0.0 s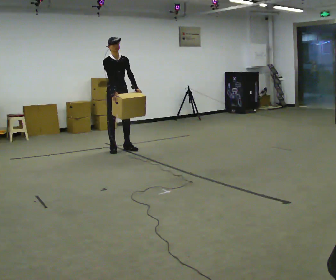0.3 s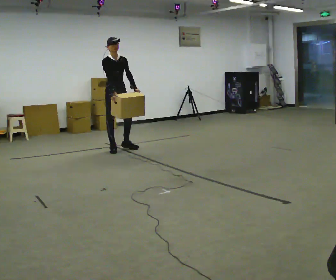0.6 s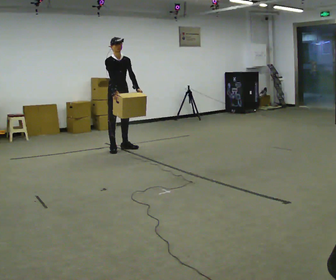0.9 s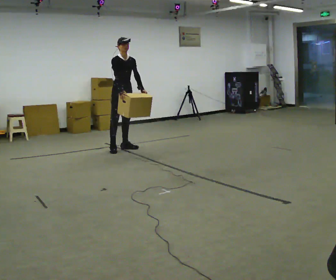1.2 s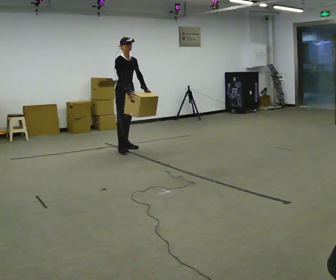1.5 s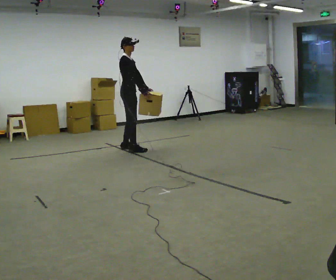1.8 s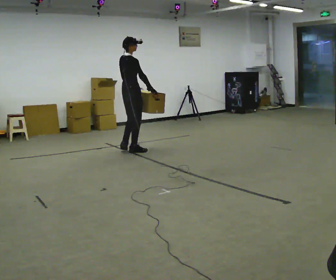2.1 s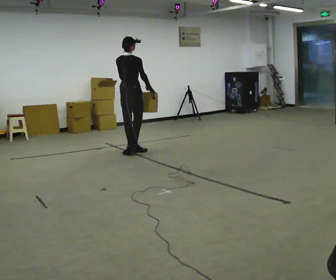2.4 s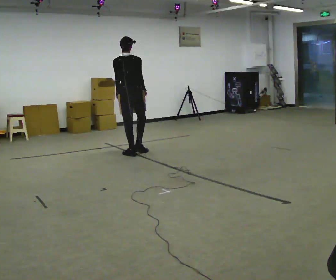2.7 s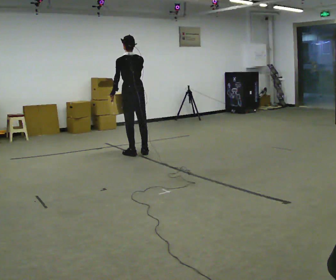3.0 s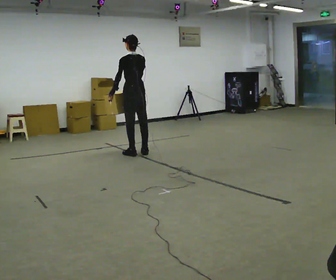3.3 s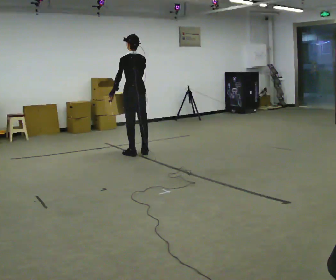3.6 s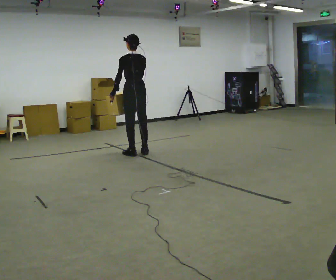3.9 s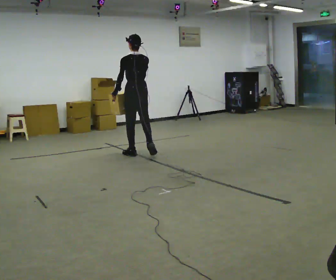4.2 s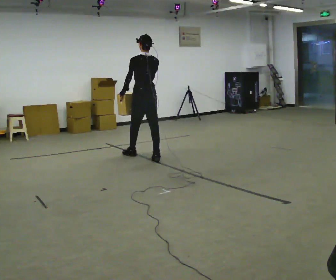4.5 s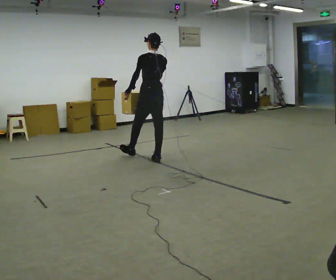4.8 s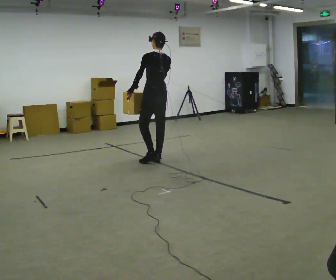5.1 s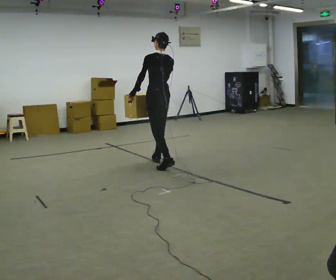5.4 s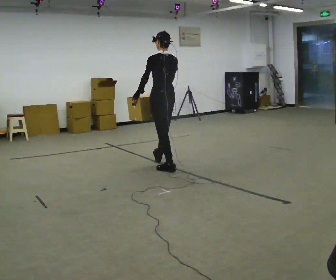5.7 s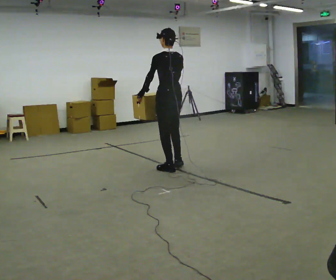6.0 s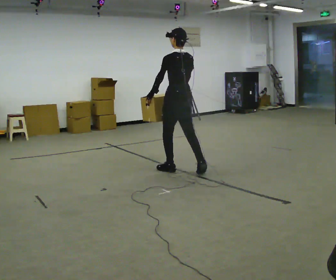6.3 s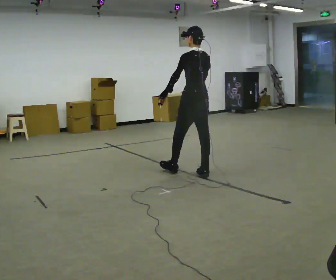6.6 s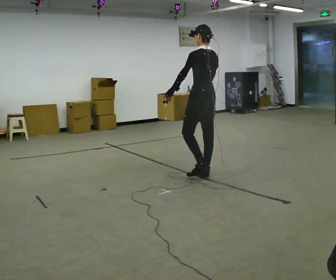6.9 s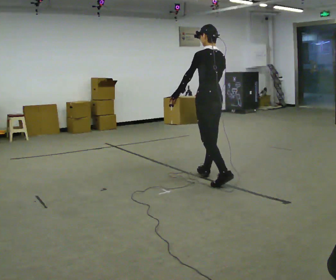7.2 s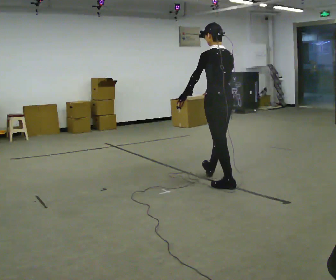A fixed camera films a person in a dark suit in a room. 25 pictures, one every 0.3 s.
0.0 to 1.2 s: The person moves a little, or ends about where they began.
1.2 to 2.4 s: The person turns about 135 degrees to their left, counterclockwise seen from above, so the part of the body nearest the lens slides to the right. In the picture they go toward the camera, about 0.5 m in 2 steps.
2.4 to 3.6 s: Seen from above the body turns counterclockwise, about 30 degrees: to their left, with its near side sliding to the right.
3.6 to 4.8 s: In the picture they go toward the camera and to the right, about 0.5 m in 2 steps, which for them is backward.
4.8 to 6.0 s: In the picture they go toward the camera and to the right, about 0.5 m in 1 step, which for them is backward.
6.0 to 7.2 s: In the picture they go toward the camera and to the right, about 0.5 m in 2 steps, which for them is backward.
The film runs backward here.
